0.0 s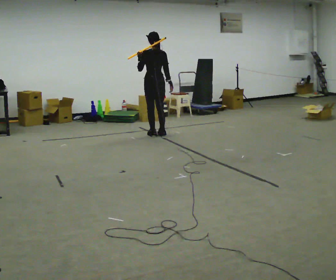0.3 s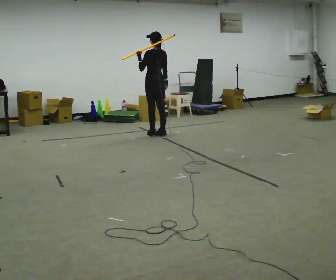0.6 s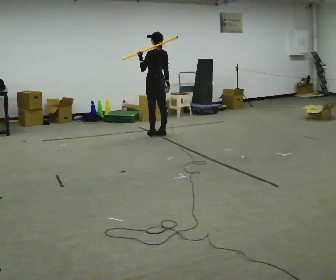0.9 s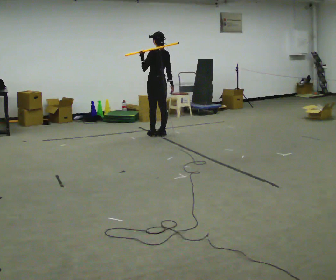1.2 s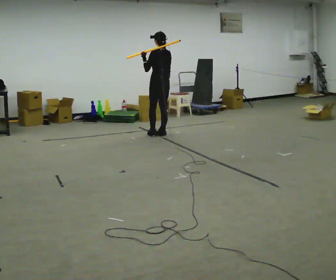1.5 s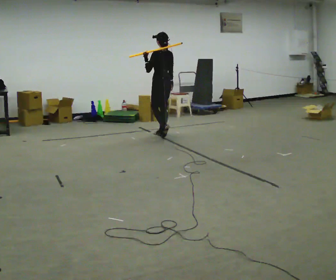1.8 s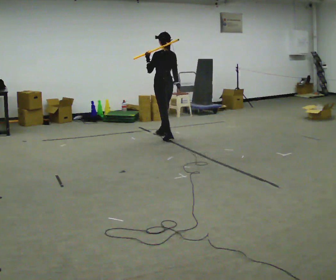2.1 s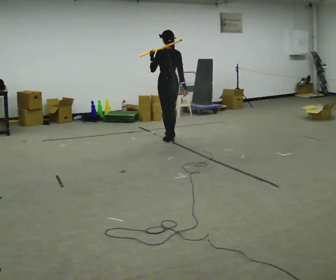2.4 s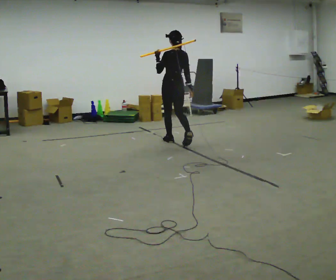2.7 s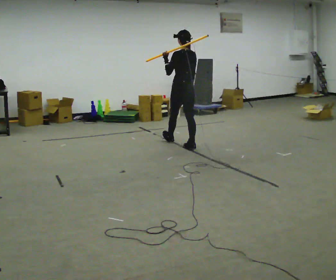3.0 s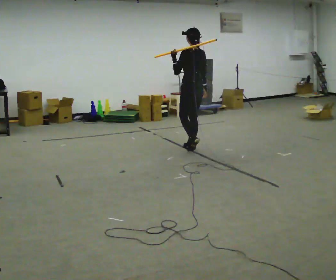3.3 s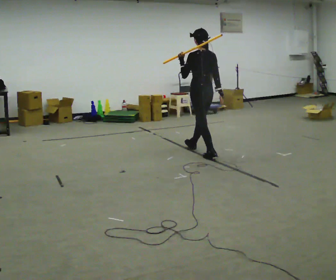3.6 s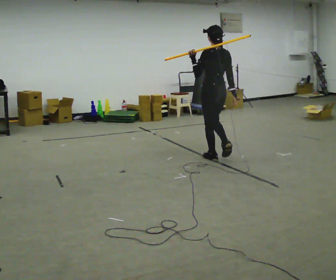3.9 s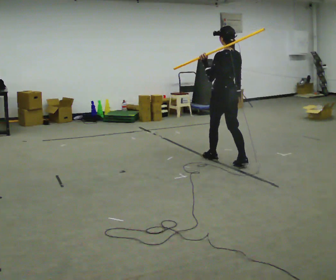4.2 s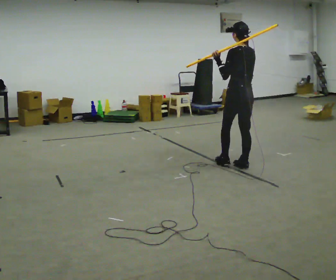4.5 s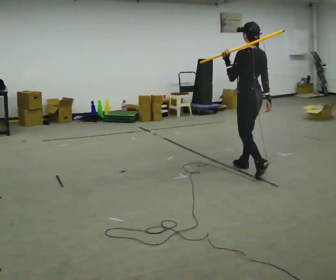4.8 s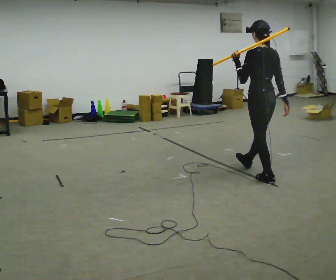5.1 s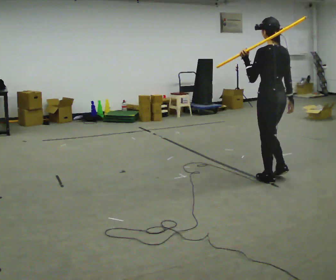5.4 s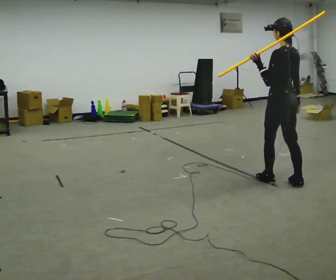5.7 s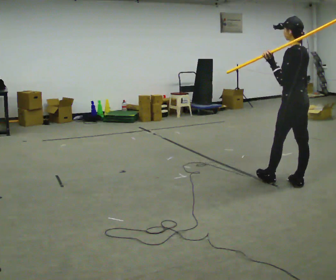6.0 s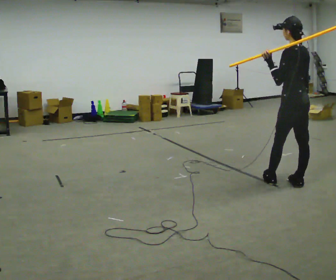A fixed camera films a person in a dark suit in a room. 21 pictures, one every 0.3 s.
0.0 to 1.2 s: The part of the body nearest the lens slides to the right as the person turns to their left by about 30 degrees.
1.2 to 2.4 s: In the picture they go toward the camera and to the right, about 0.5 m in 2 steps, which for them is backward.
2.4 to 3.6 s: In the picture they go toward the camera and to the right, about 1 m in 2 steps, which for them is backward.
3.6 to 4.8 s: In the picture they go toward the camera and to the right, about 1 m in 2 steps, which for them is backward.
4.8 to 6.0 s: In the picture they go toward the camera and to the right, about 0.5 m, which for them is backward.
The film runs backward here.
